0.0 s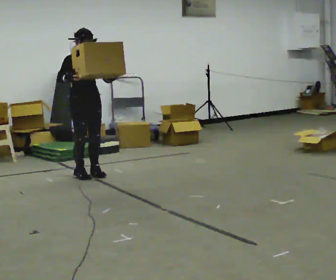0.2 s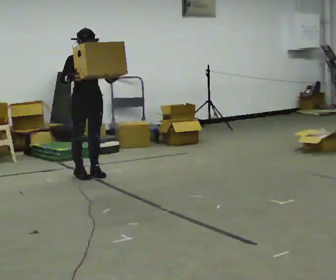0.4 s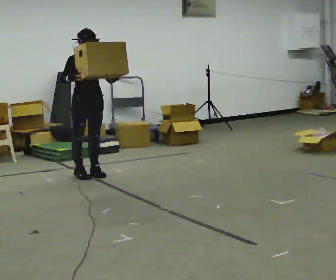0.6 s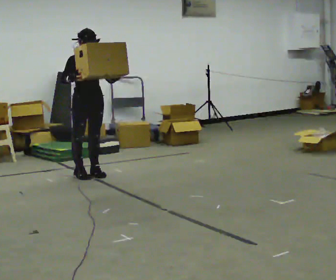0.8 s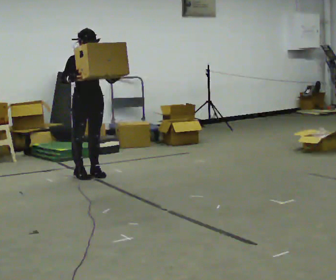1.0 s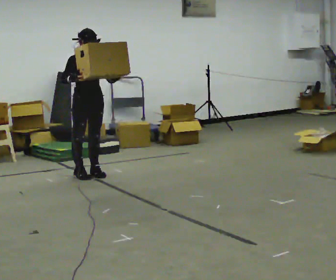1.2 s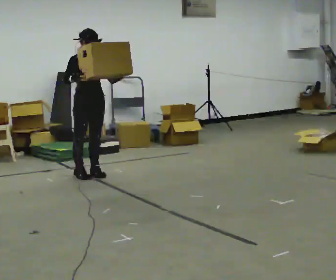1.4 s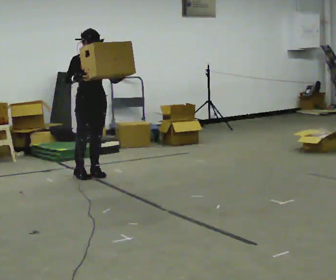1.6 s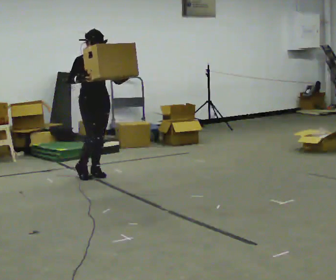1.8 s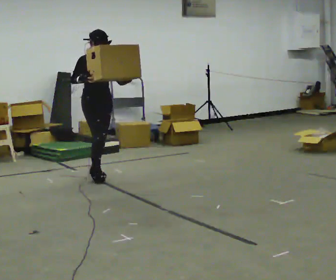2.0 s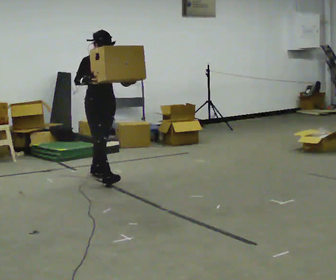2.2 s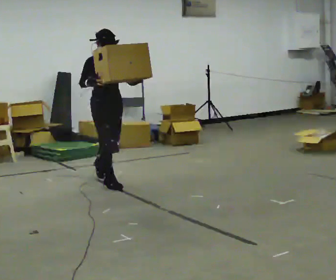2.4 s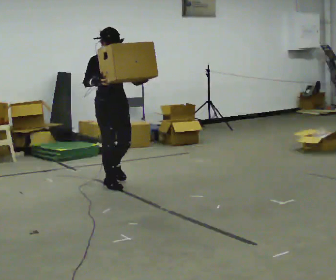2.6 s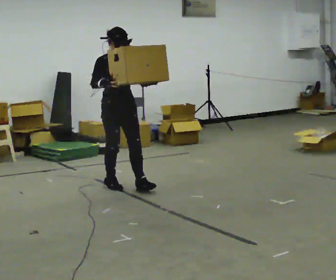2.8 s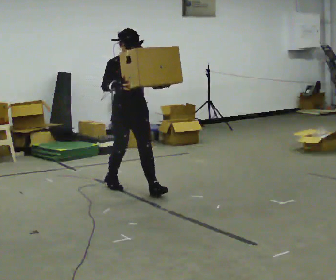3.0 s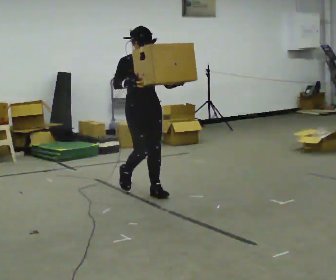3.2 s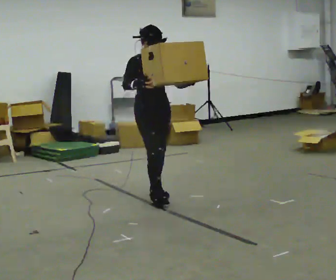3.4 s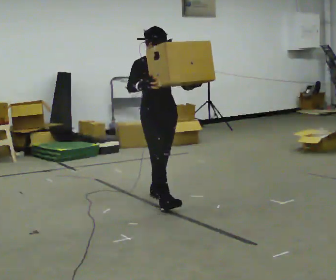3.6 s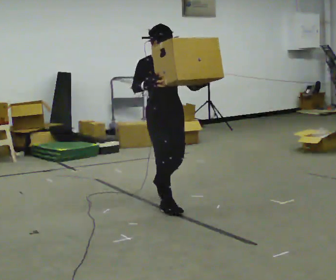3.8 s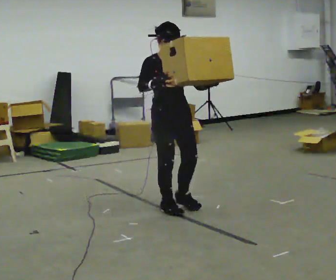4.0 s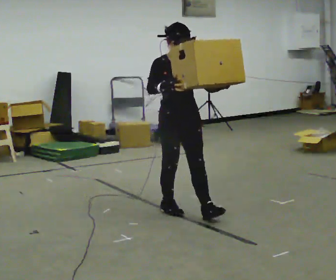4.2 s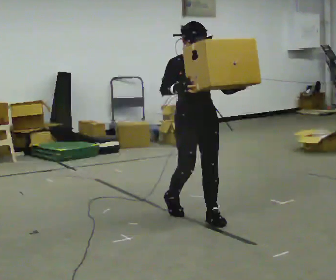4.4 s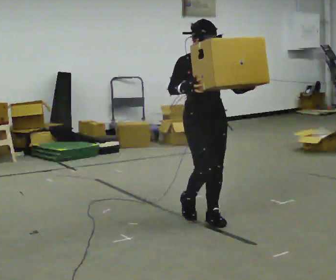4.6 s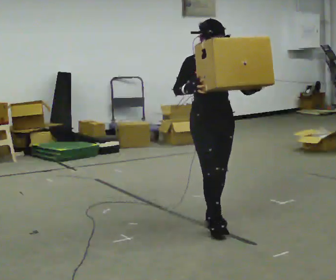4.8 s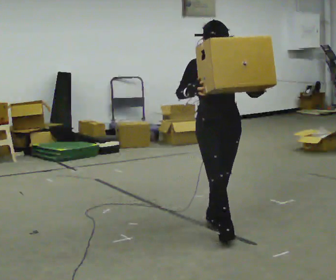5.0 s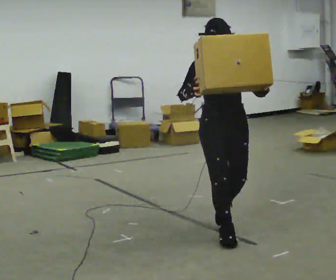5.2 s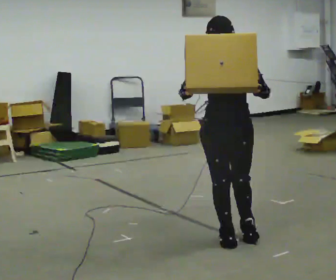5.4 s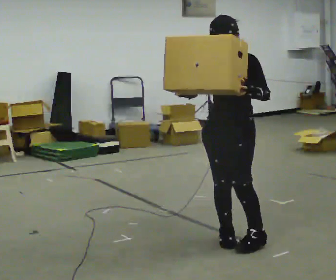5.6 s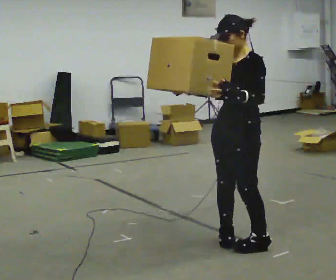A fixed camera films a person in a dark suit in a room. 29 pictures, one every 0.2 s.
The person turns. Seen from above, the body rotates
clockwise.
The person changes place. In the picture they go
toward the camera.
0.0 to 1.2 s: The person moves a little, or ends about where they began.
1.2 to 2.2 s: In the picture they go toward the camera and to the right, about 0.25 m in 1 step, which for them is forward.
2.2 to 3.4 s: In the picture they go toward the camera and to the right, about 1 m in 1 step, which for them is forward.
3.4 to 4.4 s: In the picture they go toward the camera and to the right, about 0.5 m in 2 steps, which for them is forward.
4.4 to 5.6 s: The part of the body nearest the lens slides to the left as the person turns to their right by about 75 degrees. In the picture they go toward the camera, about 0.5 m in 2 steps.
The film runs forward here.
